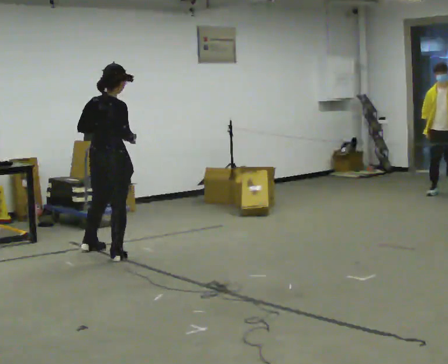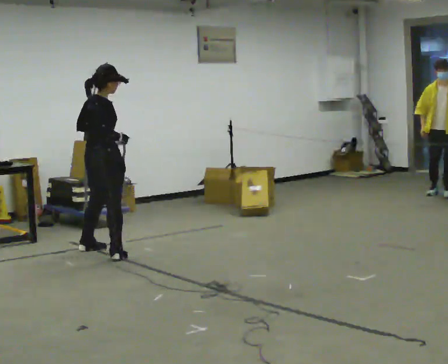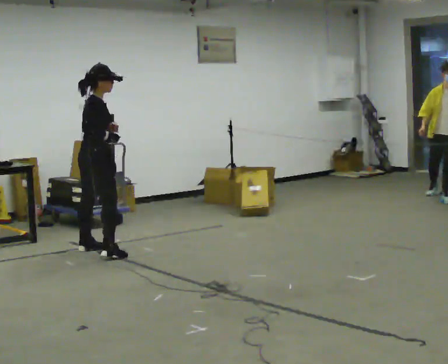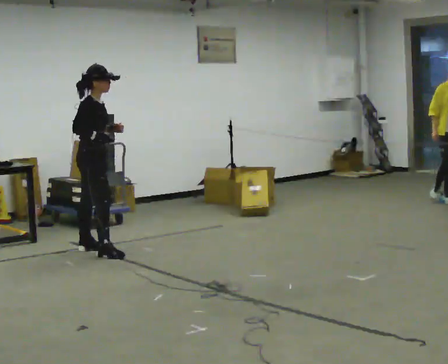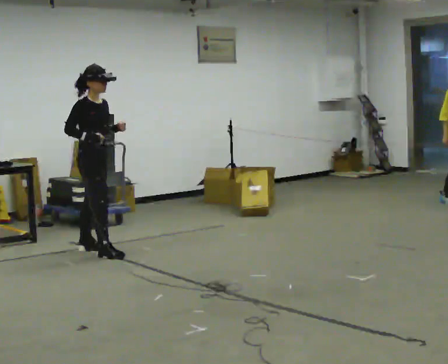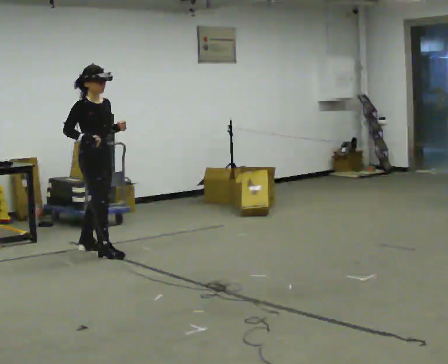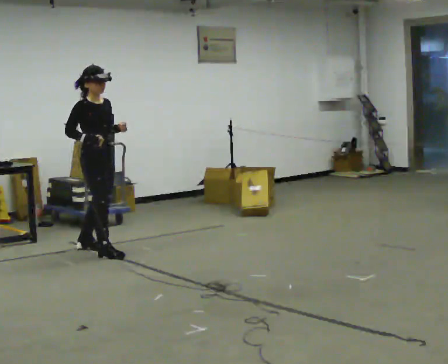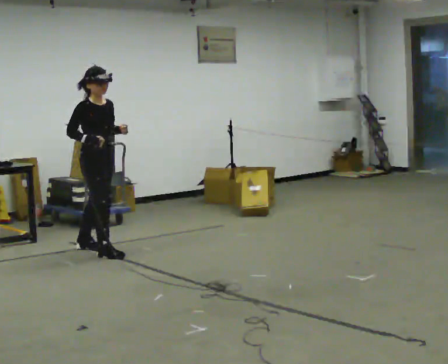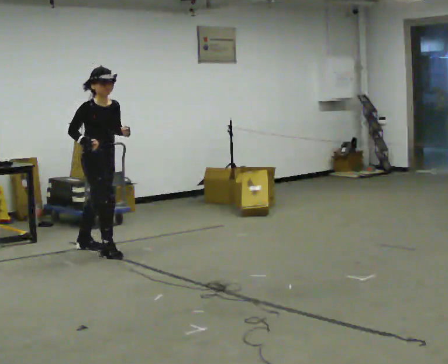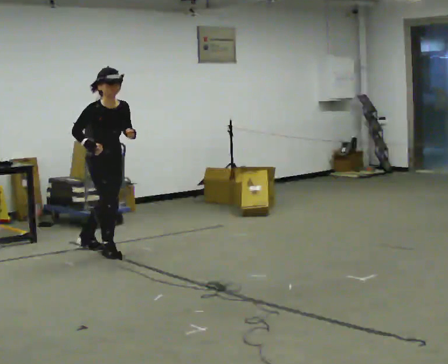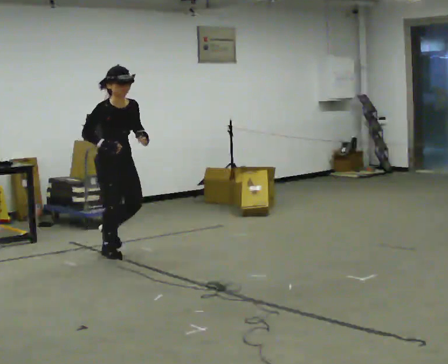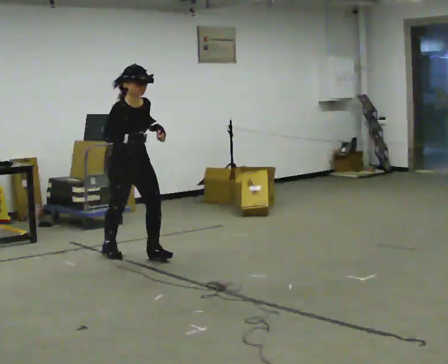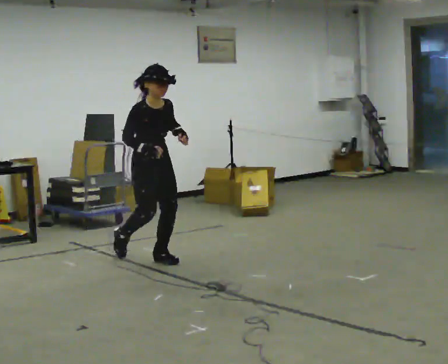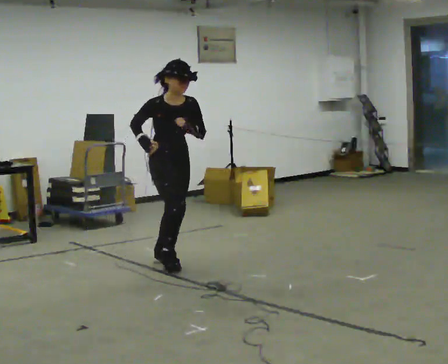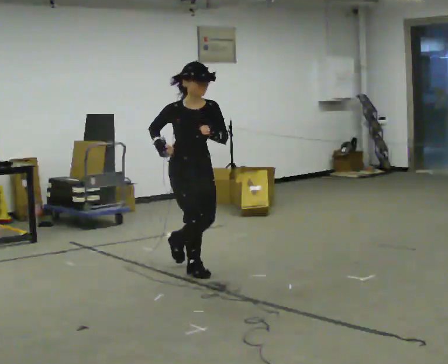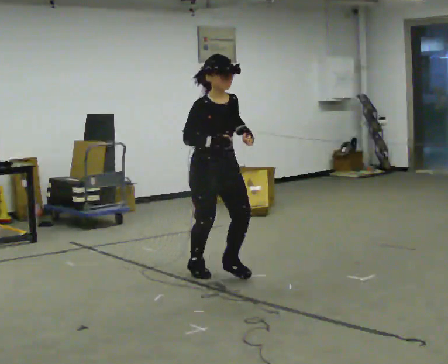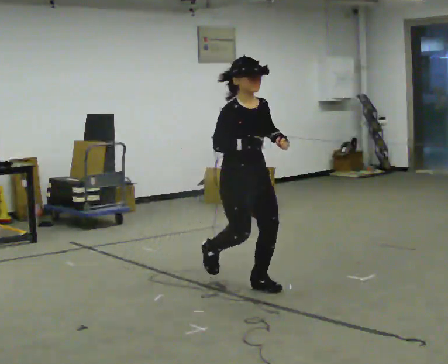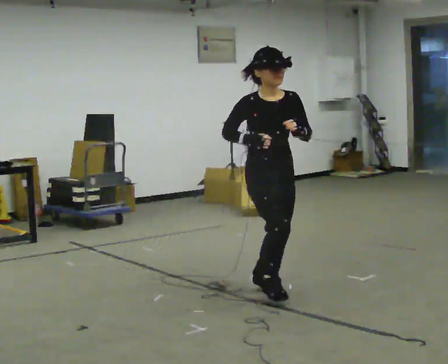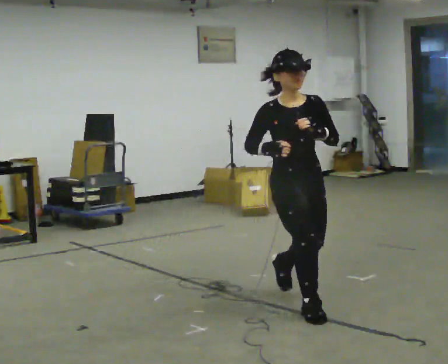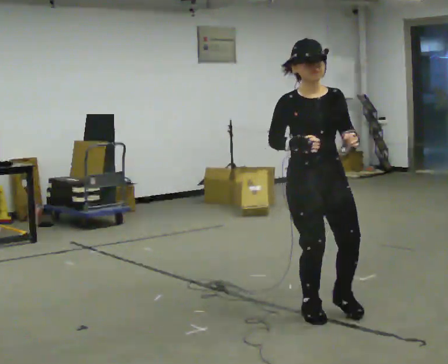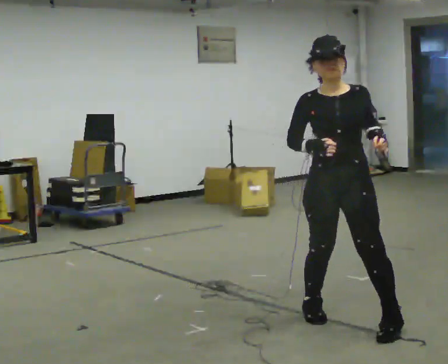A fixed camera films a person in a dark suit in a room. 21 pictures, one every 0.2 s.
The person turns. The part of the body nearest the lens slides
to the left.
The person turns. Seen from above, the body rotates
clockwise.
0.0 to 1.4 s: The person turns about 90 degrees to their right, clockwise seen from above, so the part of the body nearest the lens slides to the left. In the picture they go away from the camera, about 0.25 m in 2 steps.
1.4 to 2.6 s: The part of the body nearest the lens slides to the left as the person turns to their right by about 30 degrees. In the picture they go toward the camera and to the right, about 1 m in 1 step, which for them is forward.
2.6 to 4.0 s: The person turns about 45 degrees to their right, clockwise seen from above, so the part of the body nearest the lens slides to the left. In the picture they go toward the camera and to the right, about 2 m in 3 steps, which for them is forward.
The film runs forward here.
